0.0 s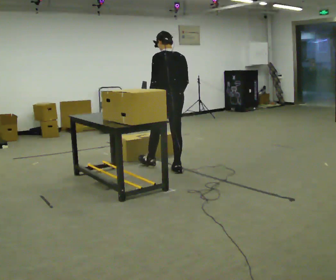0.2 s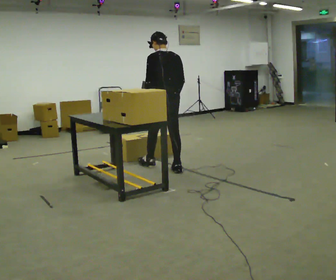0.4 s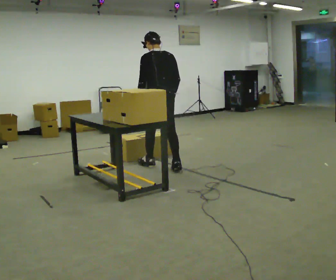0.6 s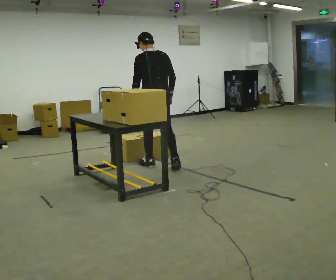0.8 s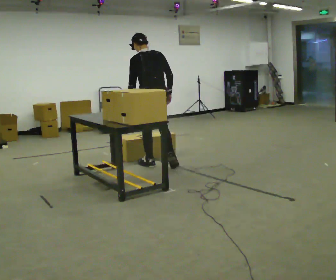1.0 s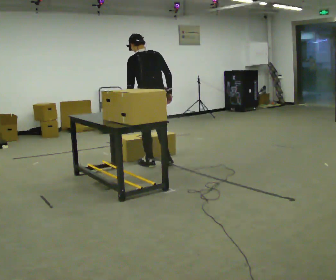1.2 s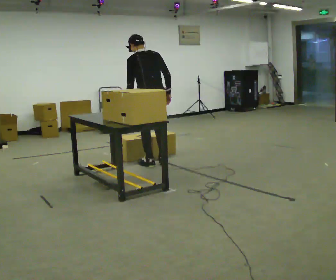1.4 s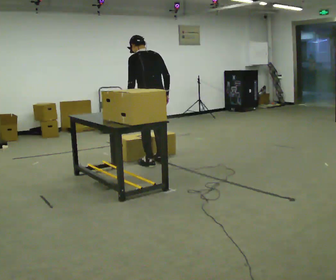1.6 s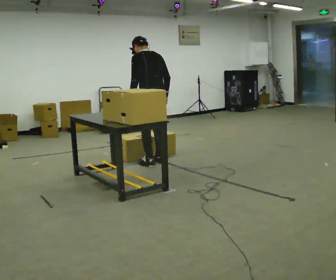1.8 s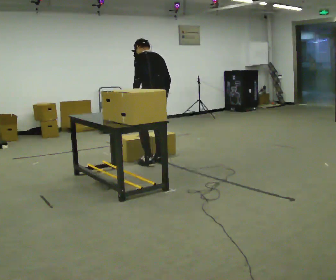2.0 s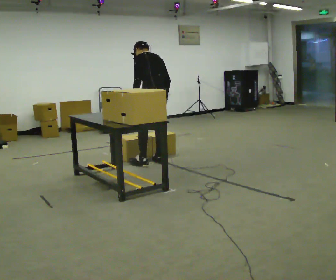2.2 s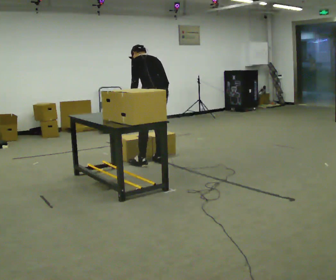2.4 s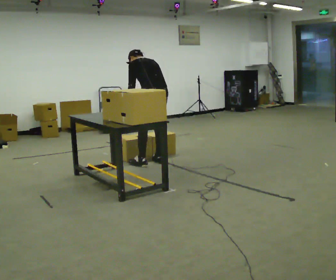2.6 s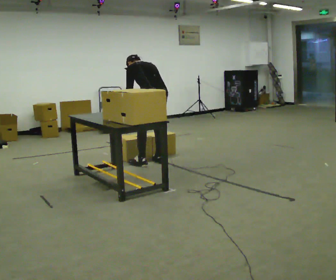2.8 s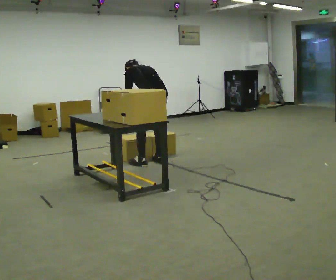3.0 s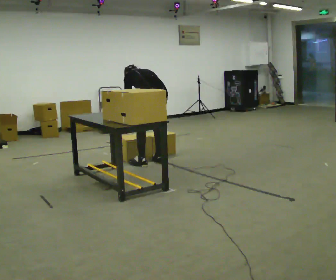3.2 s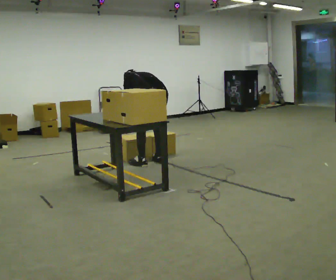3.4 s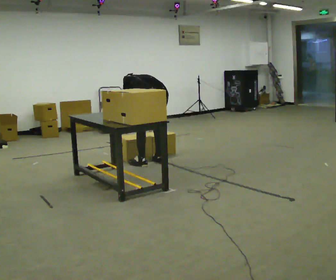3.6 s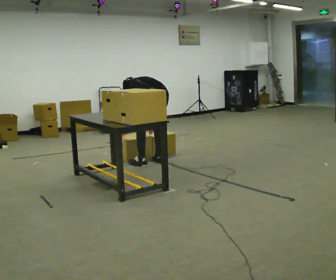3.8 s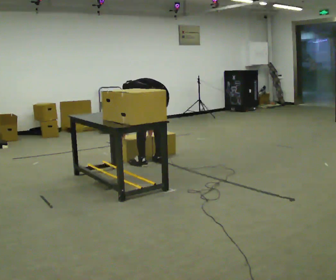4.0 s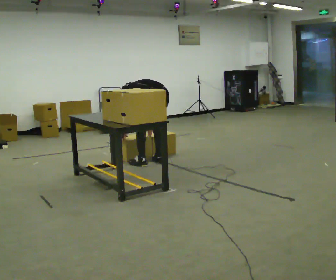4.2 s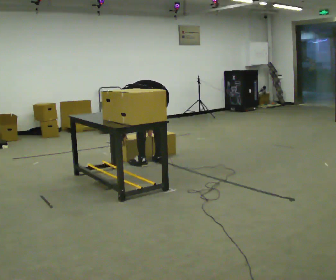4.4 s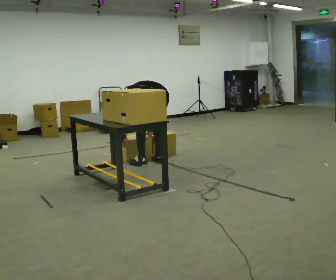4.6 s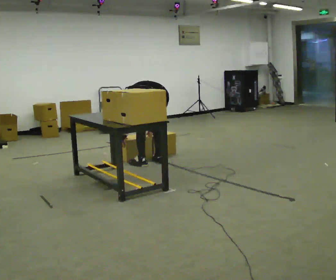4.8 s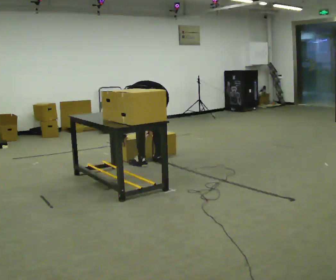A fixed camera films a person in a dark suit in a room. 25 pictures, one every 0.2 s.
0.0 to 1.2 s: In the picture they go to the left and away from the camera, about 0.25 m, which for them is forward and to their left.
1.2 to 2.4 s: The upper body tips away from the camera, its near side rolling upward, as they bend forward.
2.4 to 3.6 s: The shoulders move downward. The upper body tips away from the camera, its near side rolling upward, as they bend forward. In the picture their left hand goes downward.
3.6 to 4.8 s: In the picture the upper body tilts counterclockwise, shoulders to the left.
The film runs forward here.
